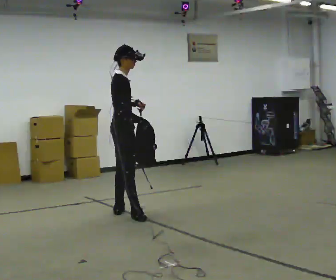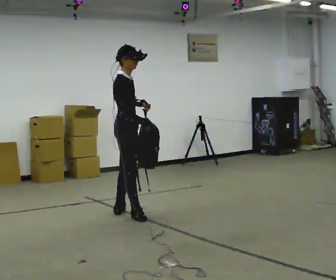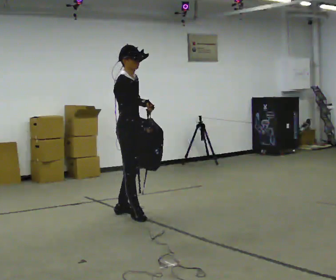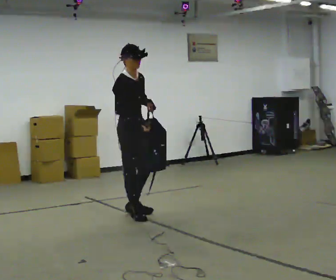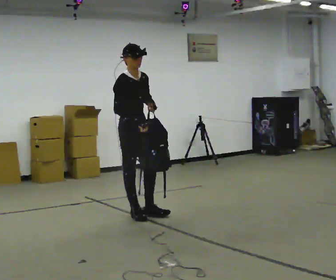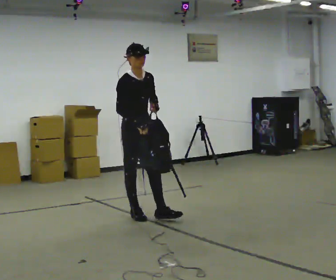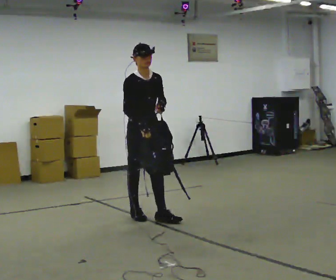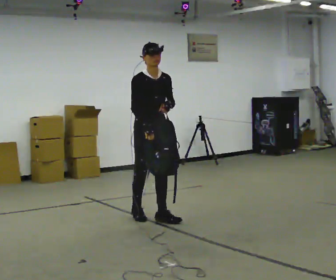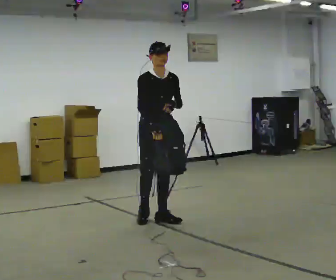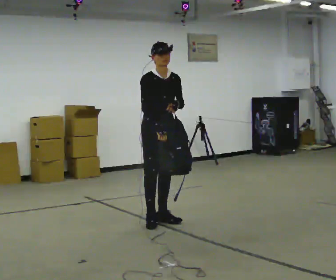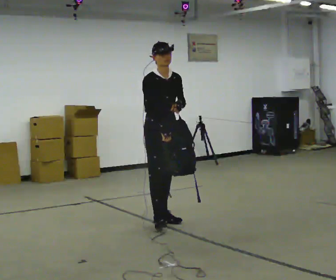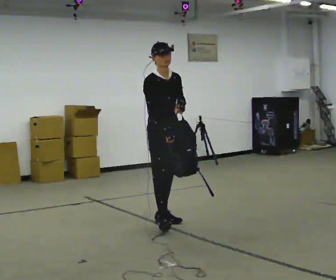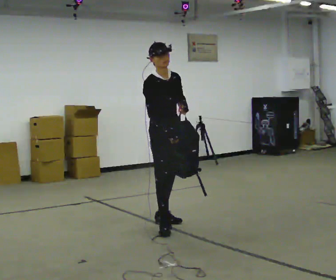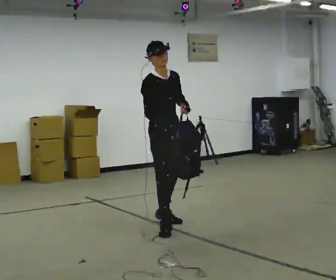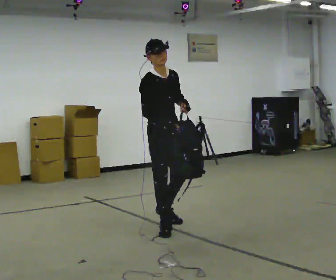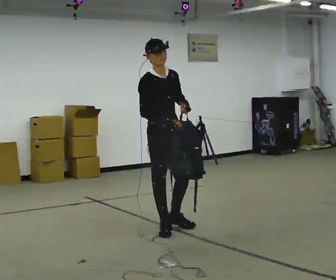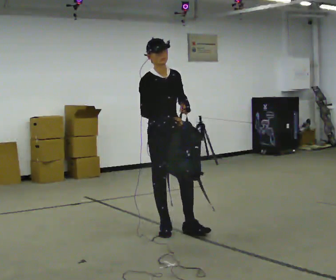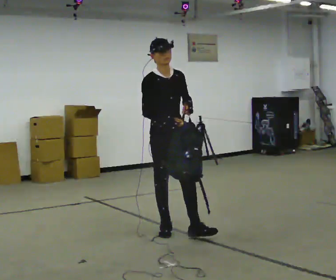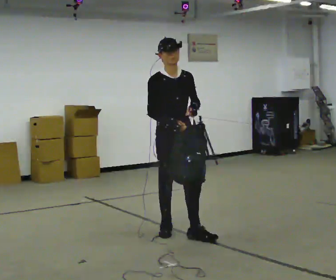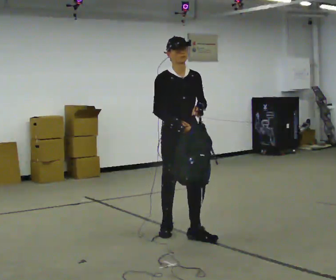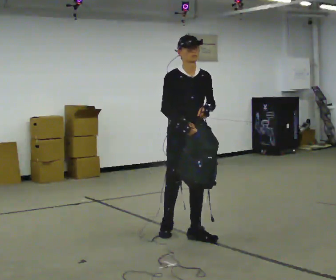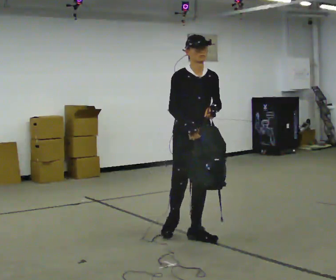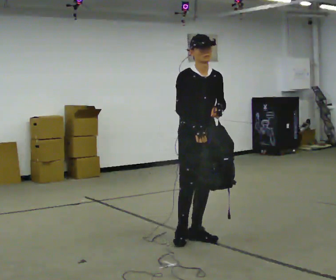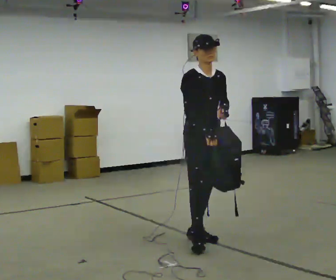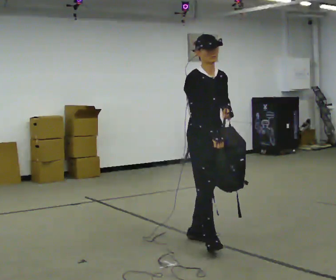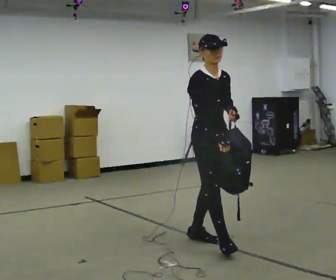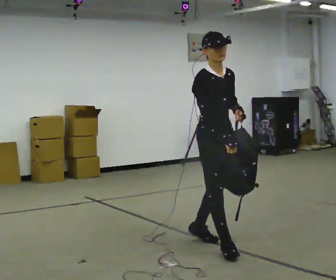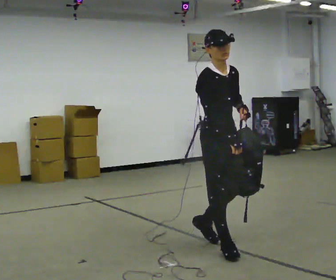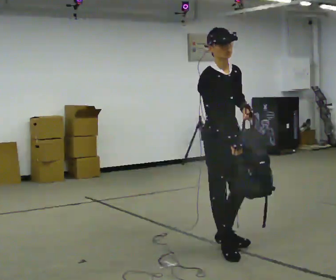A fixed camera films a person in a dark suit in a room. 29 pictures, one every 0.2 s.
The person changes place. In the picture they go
toward the camera.
0.0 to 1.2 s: The part of the body nearest the lens slides to the left as the person turns to their right by about 60 degrees. In the picture they go to the right and toward the camera, about 0.25 m in 1 step, which for them is forward.
1.2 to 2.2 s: In the picture they go to the right and toward the camera, about 0.25 m in 1 step, which for them is forward.
2.2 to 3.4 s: In the picture they go toward the camera, about 0.5 m in 1 step, which for them is forward and to their right.
3.4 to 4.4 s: In the picture they go to the right and toward the camera, about 0.25 m, which for them is forward and to their left.
4.4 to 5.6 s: In the picture they go toward the camera, about 0.5 m in 1 step, which for them is forward.
The film runs forward here.
